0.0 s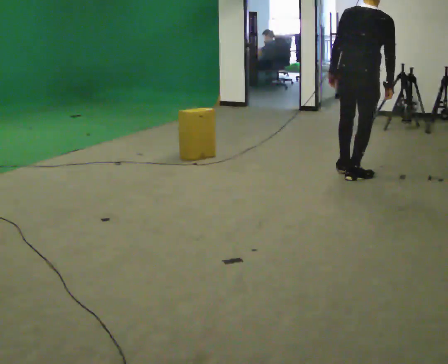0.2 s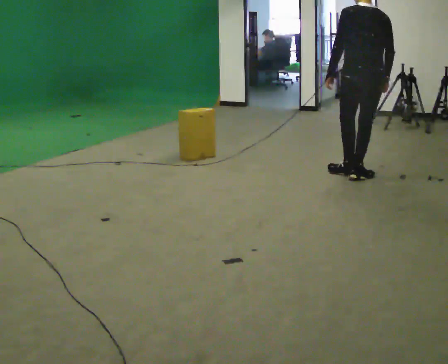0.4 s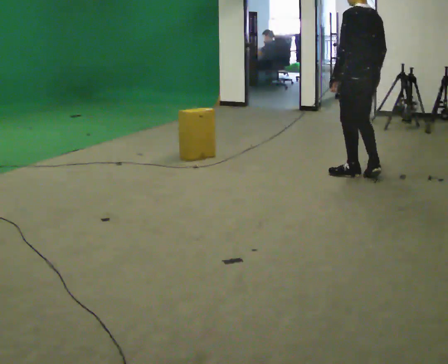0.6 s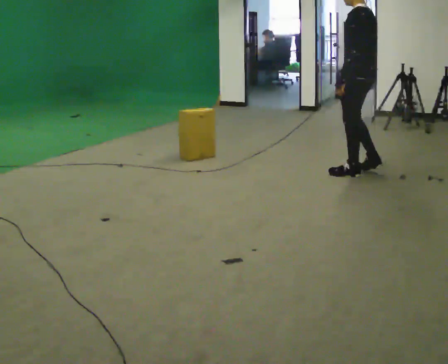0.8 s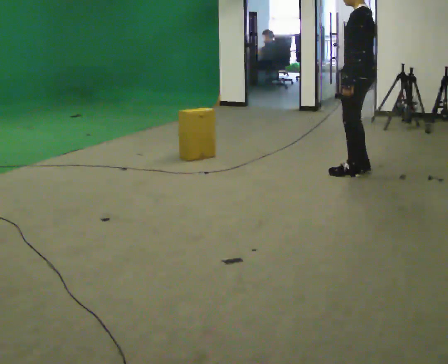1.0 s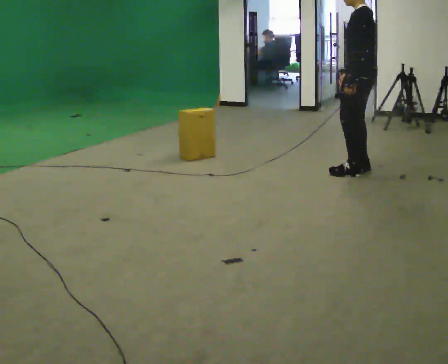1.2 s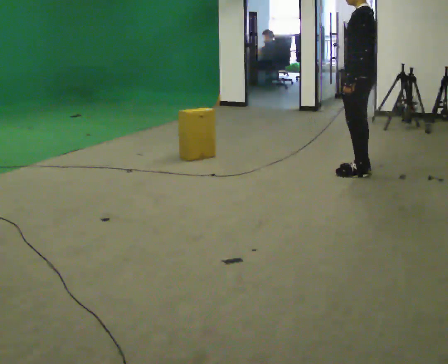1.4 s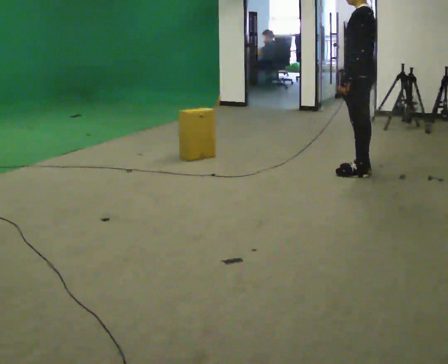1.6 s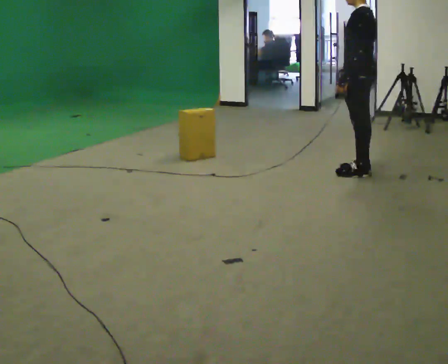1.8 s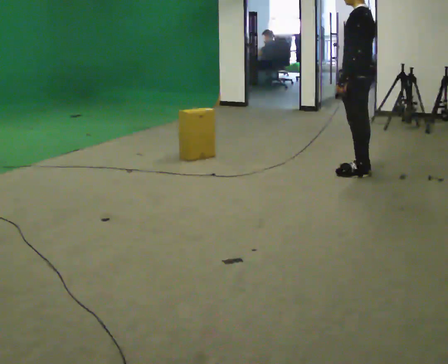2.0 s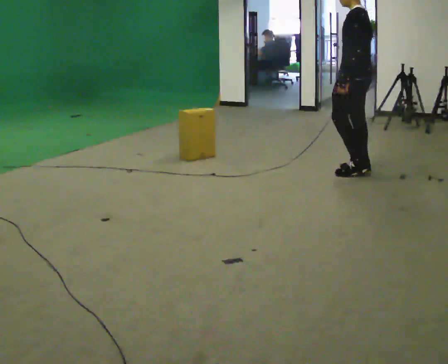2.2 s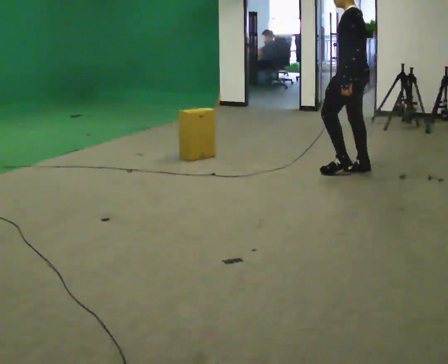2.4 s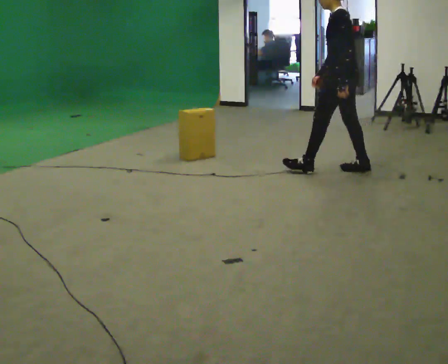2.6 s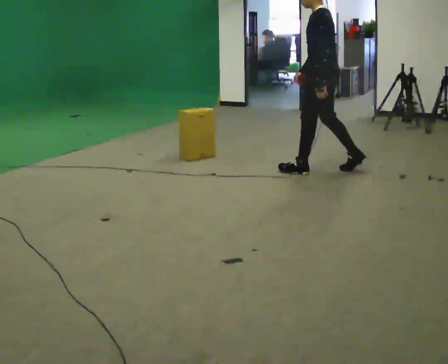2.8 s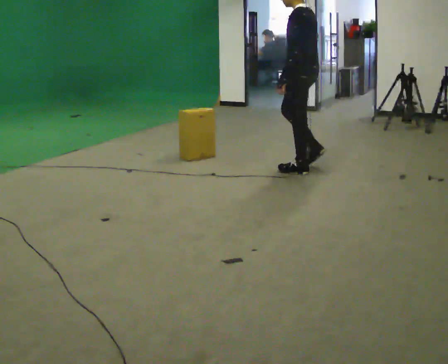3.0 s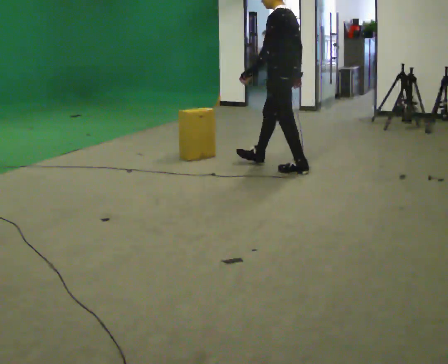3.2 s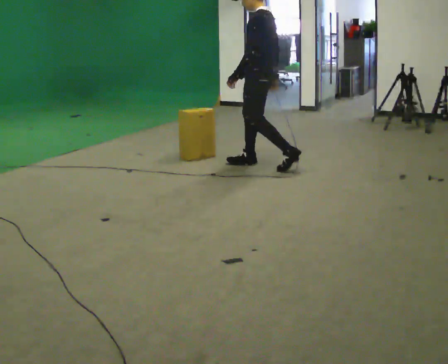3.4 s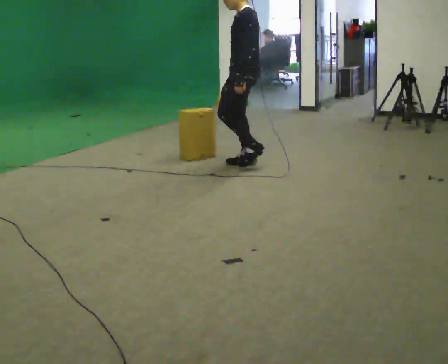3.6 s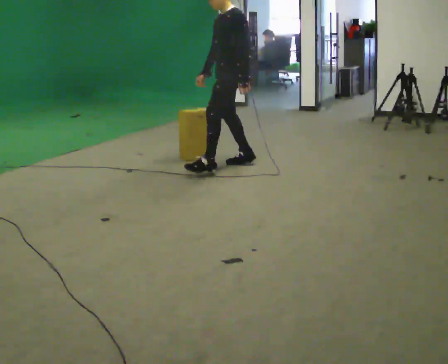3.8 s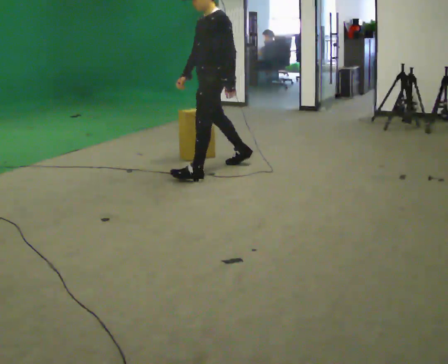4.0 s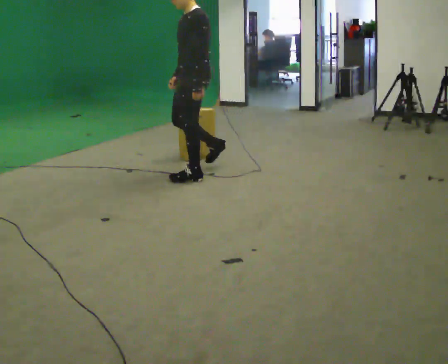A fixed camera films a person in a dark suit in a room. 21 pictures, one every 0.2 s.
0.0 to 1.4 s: The person turns about 105 degrees to their left, counterclockwise seen from above, so the part of the body nearest the lens slides to the right. In the picture they go away from the camera, about 0.25 m in 2 steps.
1.4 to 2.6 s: In the picture they go to the left, about 0.25 m in 1 step, which for them is forward.
2.6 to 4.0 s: The person turns about 45 degrees to their left, counterclockwise seen from above, so the part of the body nearest the lens slides to the right. In the picture they go to the left, about 1 m in 2 steps, which for them is forward.
The film runs forward here.
